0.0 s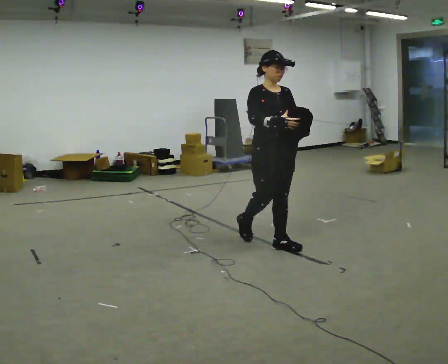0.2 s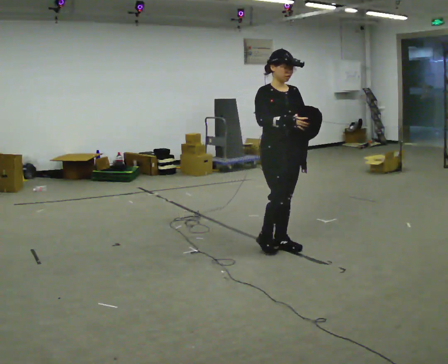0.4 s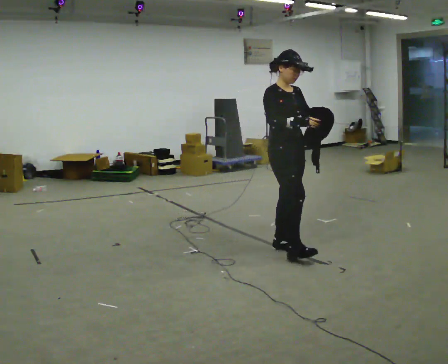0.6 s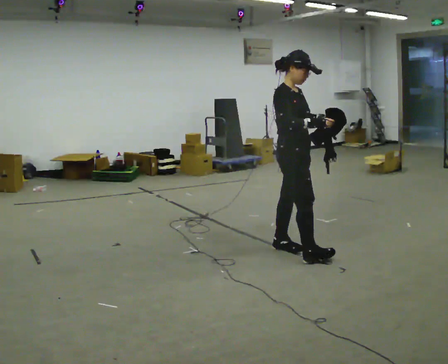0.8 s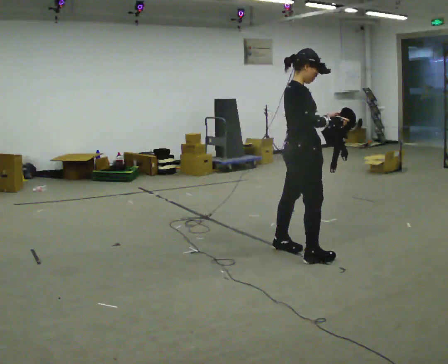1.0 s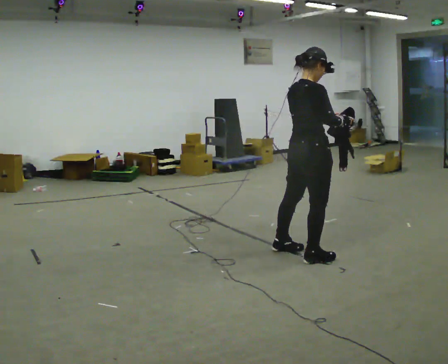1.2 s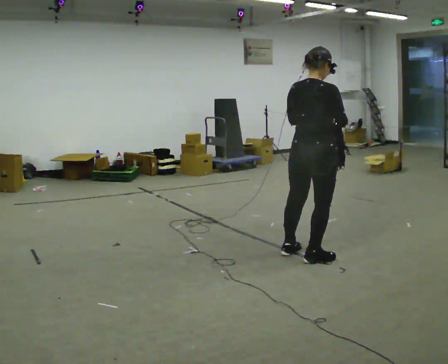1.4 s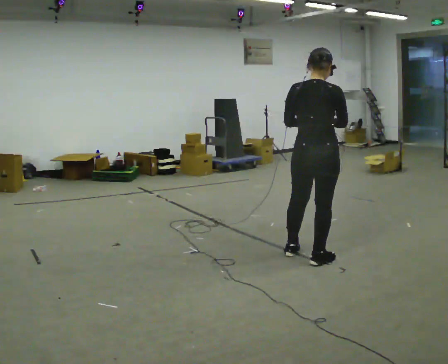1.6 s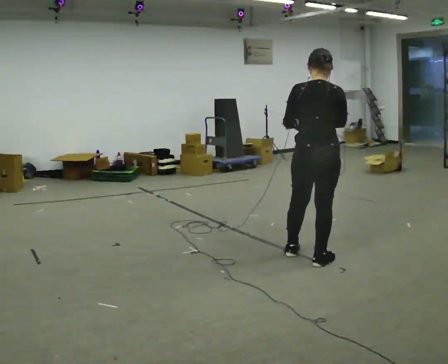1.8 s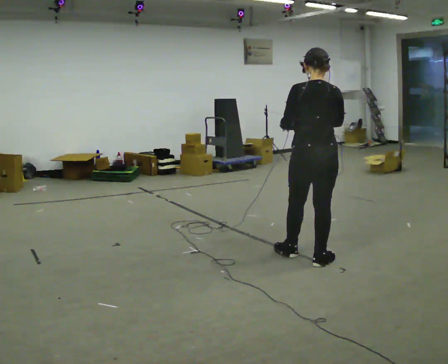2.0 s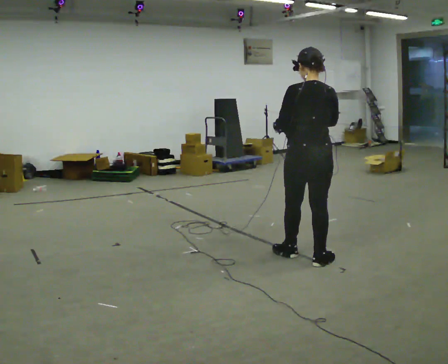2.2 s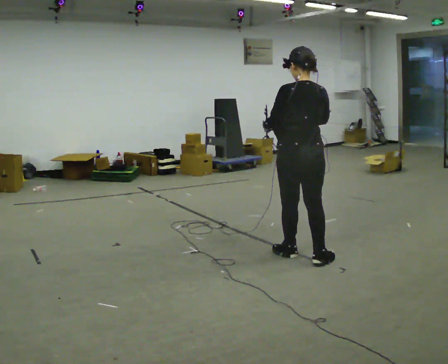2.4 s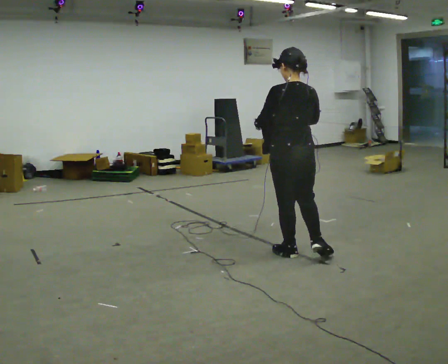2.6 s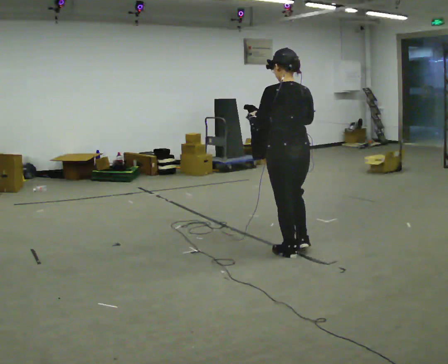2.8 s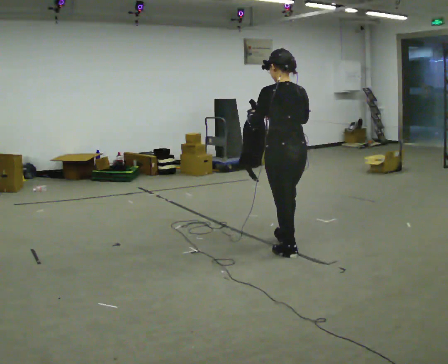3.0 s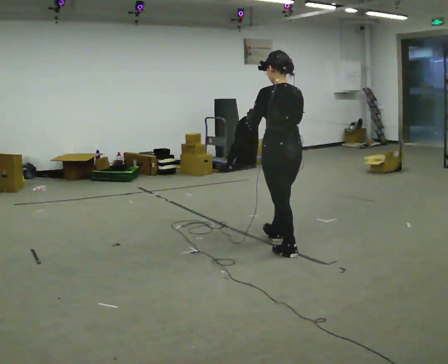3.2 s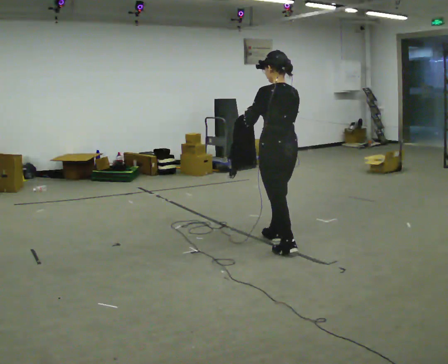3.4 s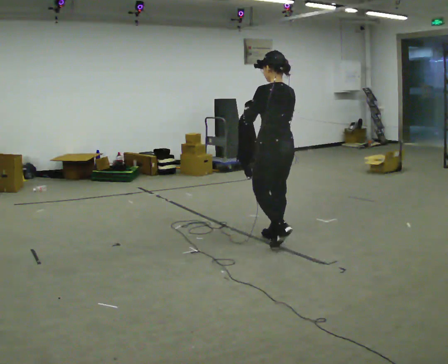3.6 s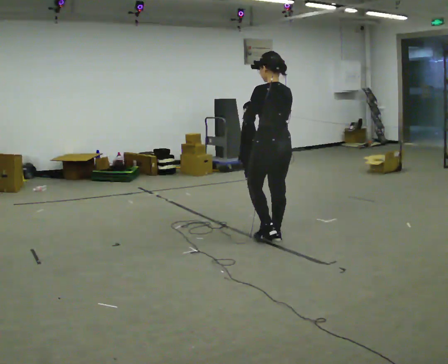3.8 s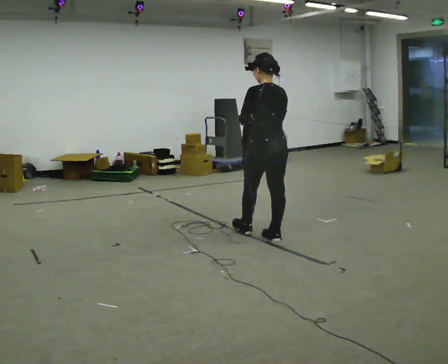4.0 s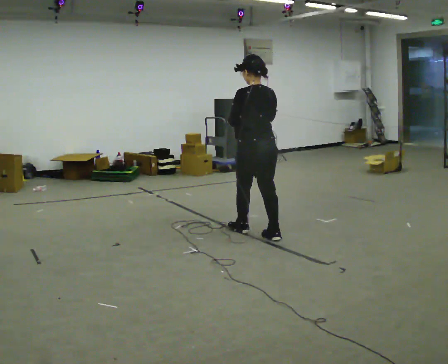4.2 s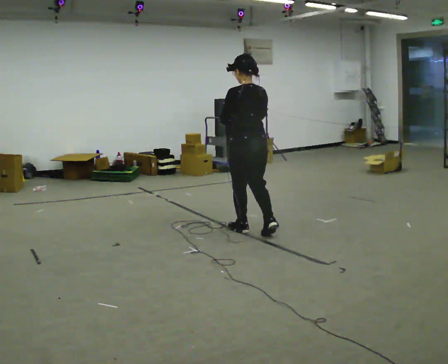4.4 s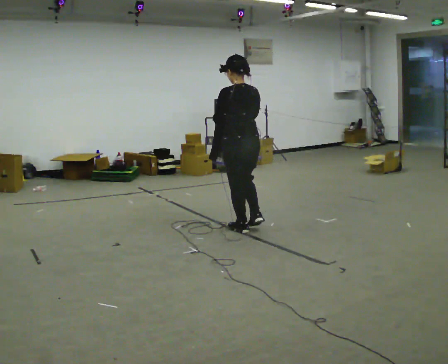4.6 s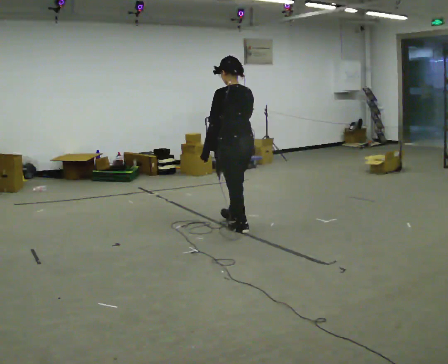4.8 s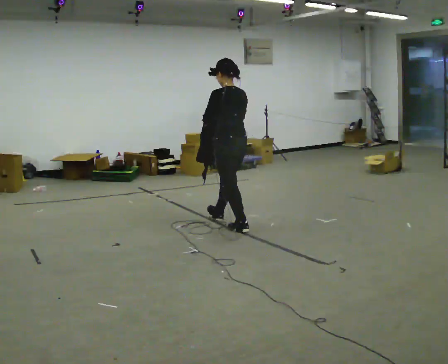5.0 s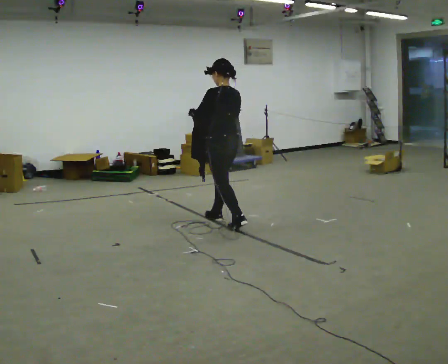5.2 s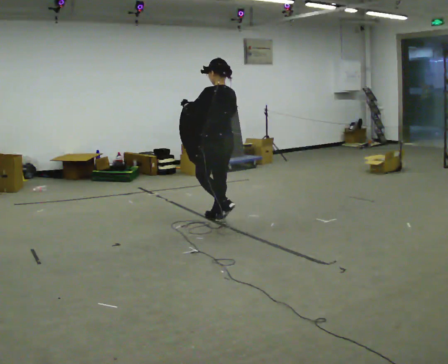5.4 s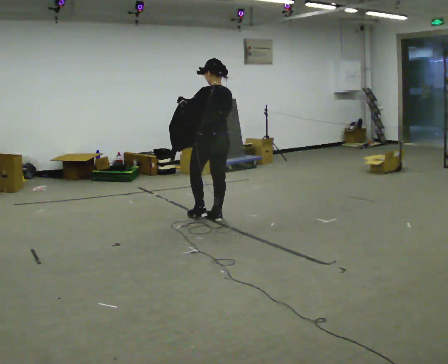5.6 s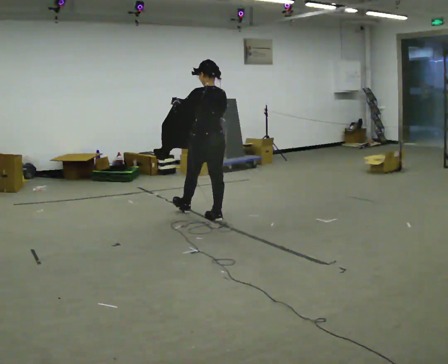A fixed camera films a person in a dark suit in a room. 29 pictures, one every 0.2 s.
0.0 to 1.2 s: The part of the body nearest the lens slides to the right as the person turns to their left by about 120 degrees. In the picture they go toward the camera and to the right, about 0.5 m in 1 step.
1.2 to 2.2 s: The person turns about 45 degrees to their left, counterclockwise seen from above, so the part of the body nearest the lens slides to the right. In the picture their left hand goes to the left.
2.2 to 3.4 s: In the picture they go away from the camera and to the left, about 0.5 m in 1 step, which for them is forward.
3.4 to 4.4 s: In the picture they go away from the camera and to the left, about 0.5 m in 1 step, which for them is forward.
4.4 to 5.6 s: In the picture they go away from the camera and to the left, about 0.5 m in 1 step, which for them is forward.
The film runs forward here.
